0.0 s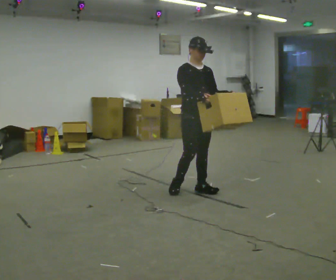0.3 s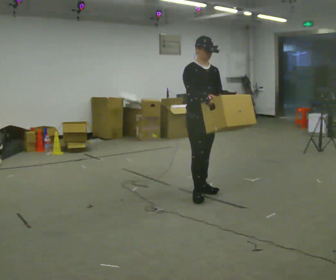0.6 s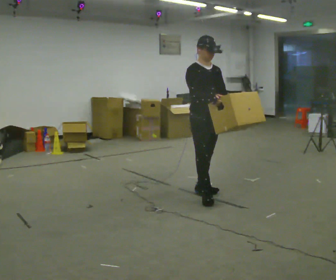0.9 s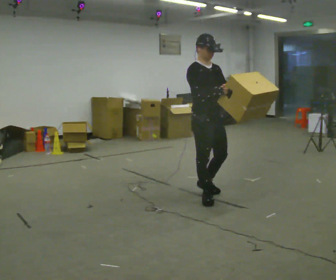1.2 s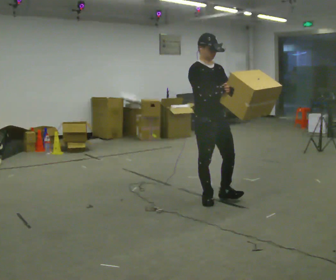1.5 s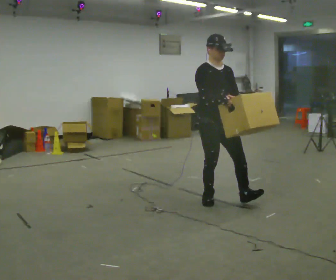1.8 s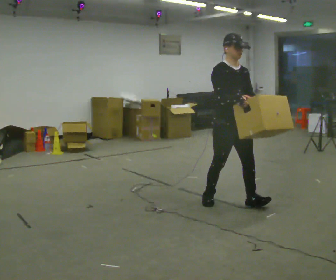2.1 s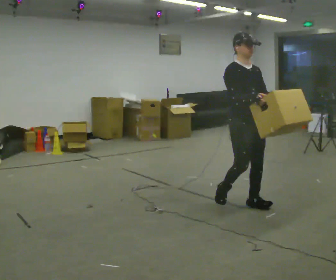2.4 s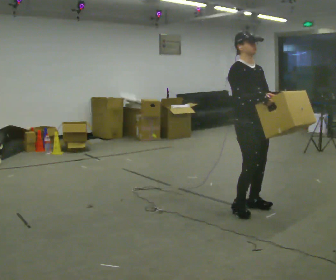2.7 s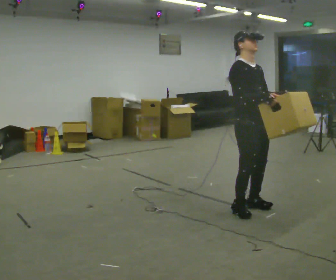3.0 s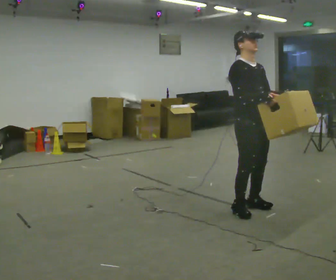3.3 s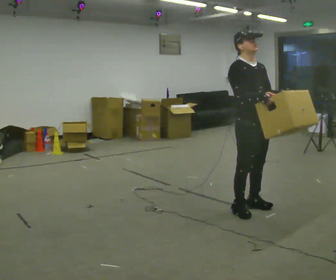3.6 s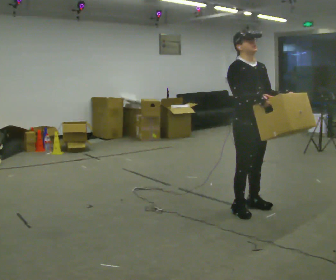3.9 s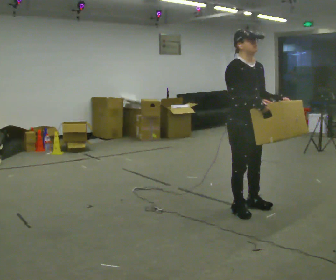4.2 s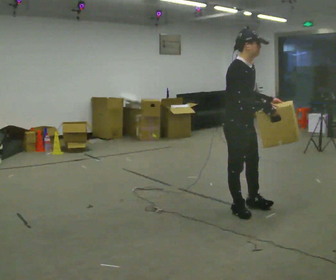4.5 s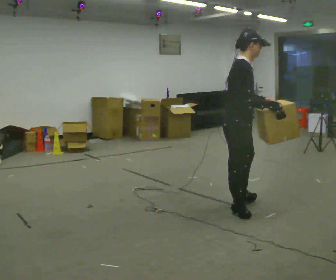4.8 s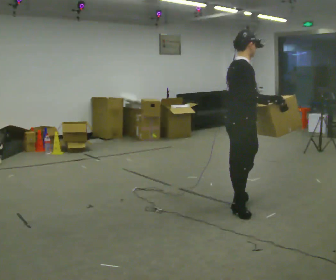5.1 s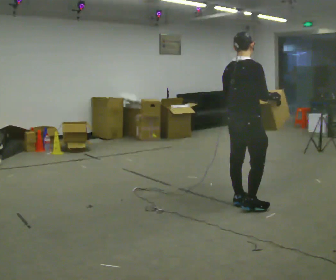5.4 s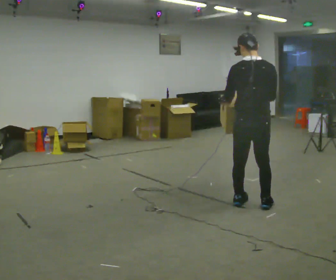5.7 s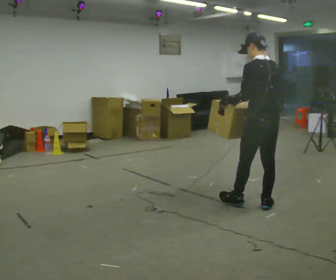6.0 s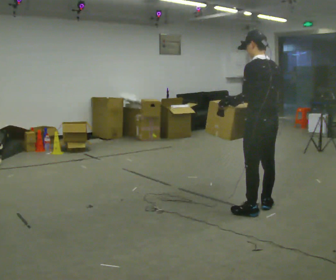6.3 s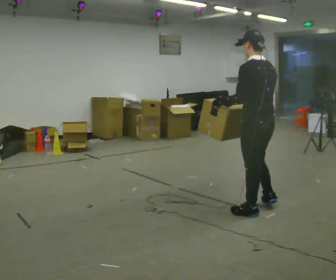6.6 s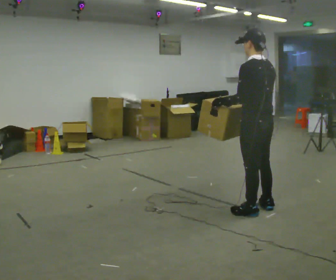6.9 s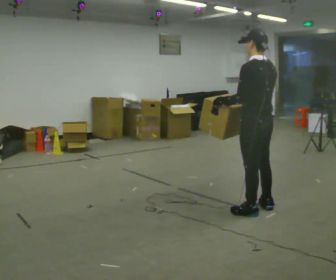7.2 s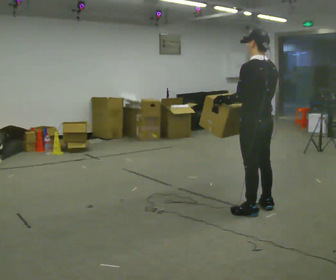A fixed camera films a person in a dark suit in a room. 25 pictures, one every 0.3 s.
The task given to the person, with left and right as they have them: Carry the box in both hands and walk back and forth across the room. The contents may move around. Carry on as best you can.
0.0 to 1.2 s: In the picture they go toward the camera and to the right, about 0.25 m in 1 step, which for them is forward.
1.2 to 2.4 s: In the picture they go to the right and toward the camera, about 0.5 m in 1 step, which for them is forward and to their left.
2.4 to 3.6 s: The person moves a little, or ends about where they began.
3.6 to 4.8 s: Seen from above the body turns counterclockwise, about 60 degrees: to their left, with its near side sliding to the right.
4.8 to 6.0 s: The part of the body nearest the lens slides to the right as the person turns to their left by about 120 degrees. In the picture they go to the right, about 0.25 m in 2 steps.
6.0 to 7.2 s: The person moves a little, or ends about where they began.
The film runs forward here.
